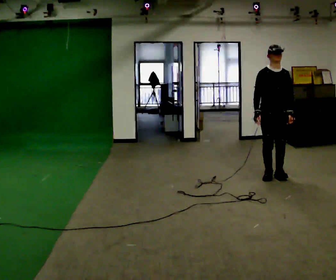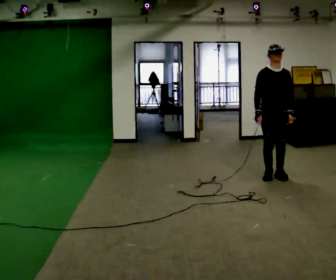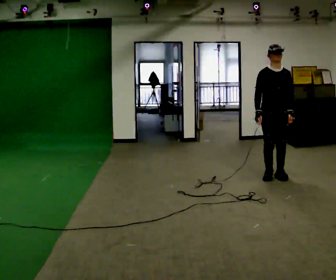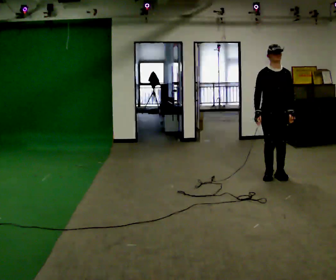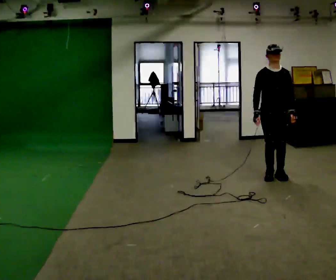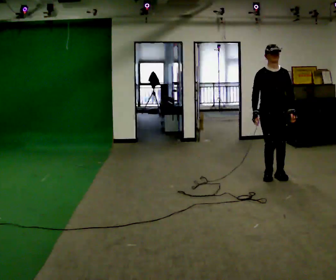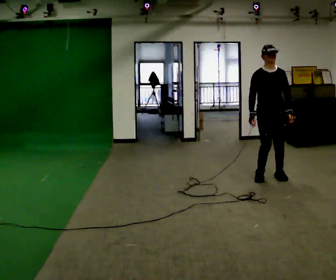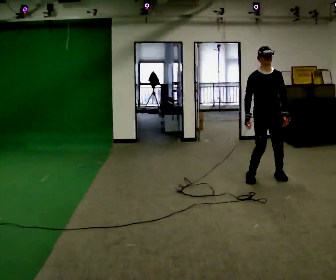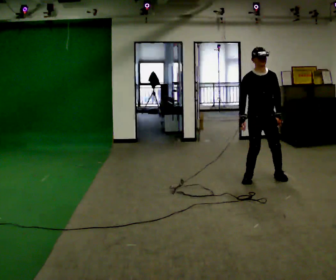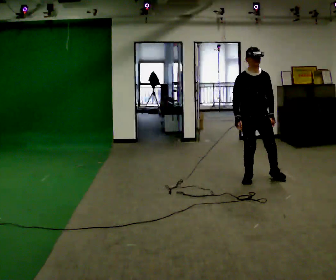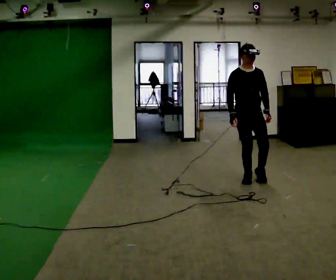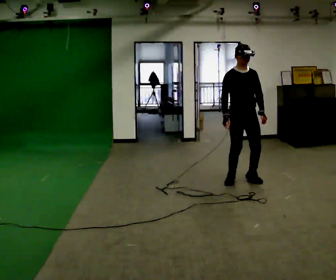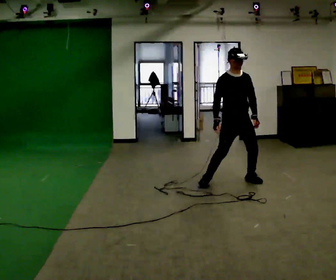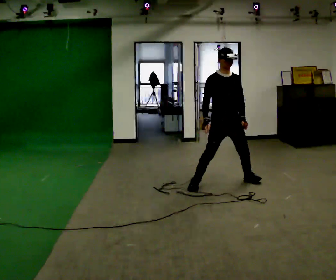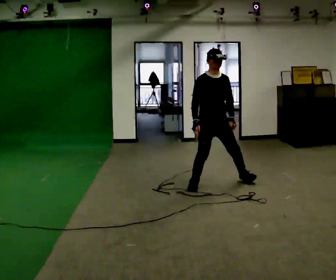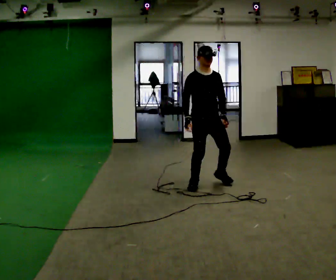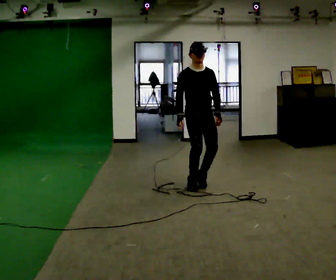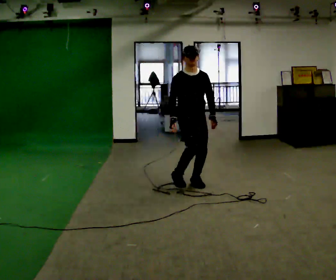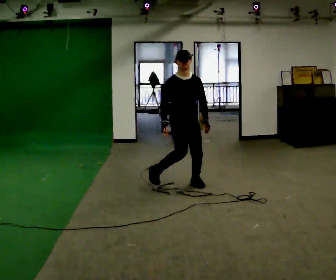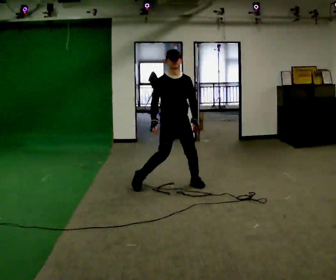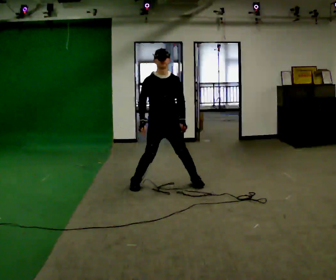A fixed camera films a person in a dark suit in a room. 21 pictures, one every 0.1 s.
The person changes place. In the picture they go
to the left.
0.0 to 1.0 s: In the picture they go to the left and toward the camera, about 0.25 m in 3 steps, which for them is to their right.
1.0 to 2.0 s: In the picture they go to the left, about 1 m in 3 steps, which for them is to their right.
The film runs backward here.
